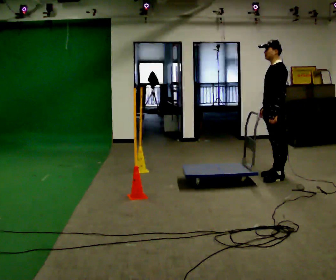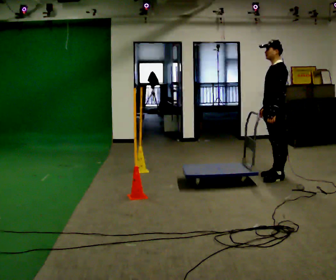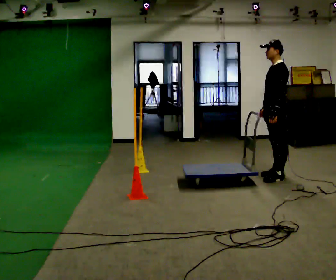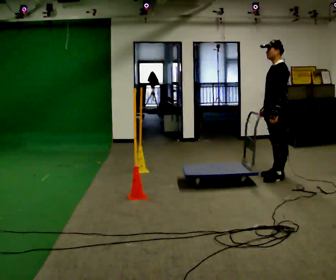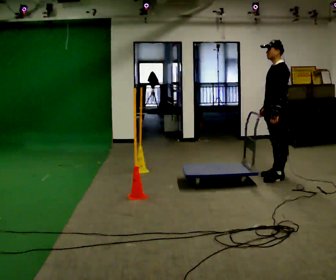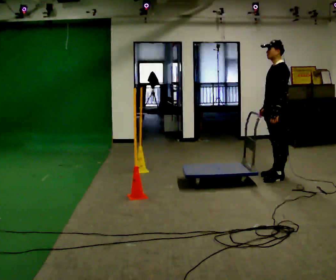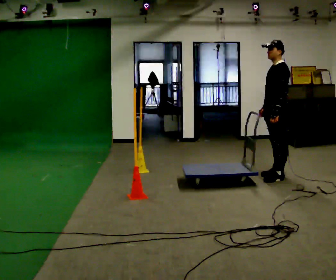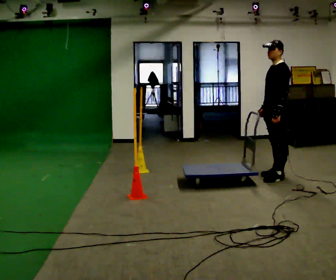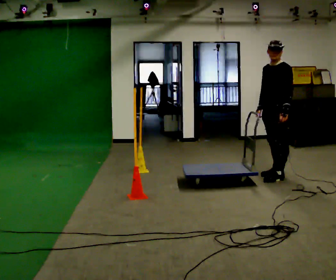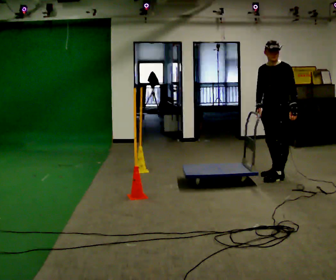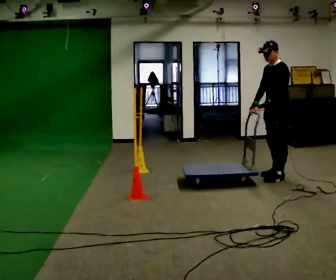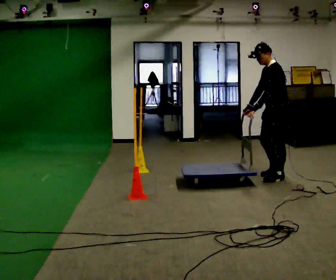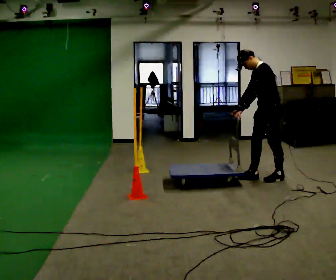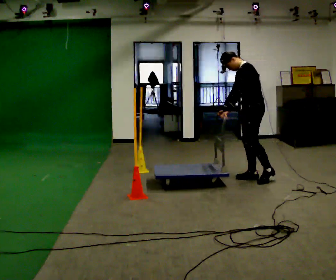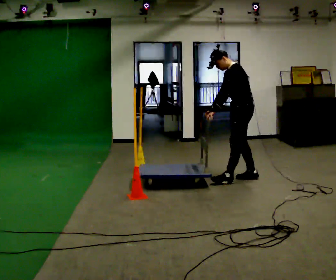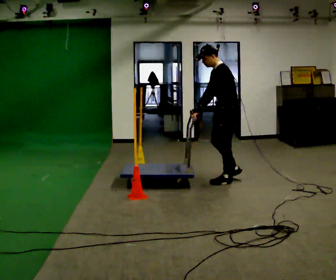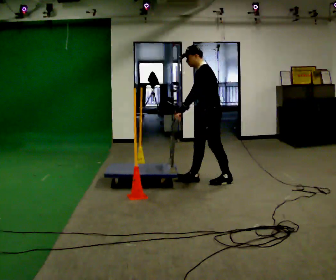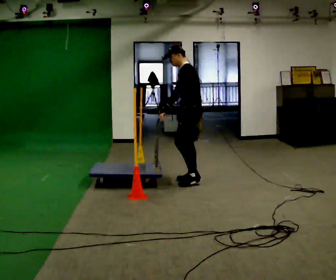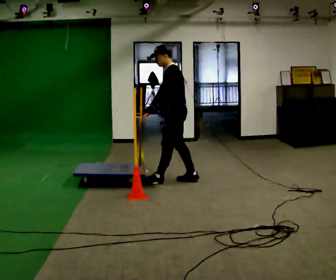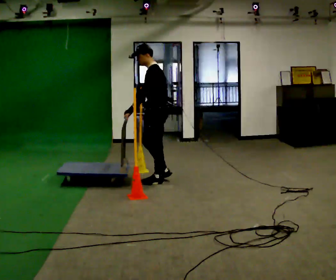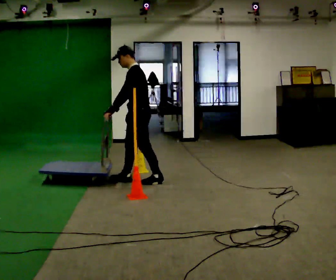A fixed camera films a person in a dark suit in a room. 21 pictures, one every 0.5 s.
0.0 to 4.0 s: The part of the body nearest the lens slides to the right as the person turns to their left by about 30 degrees.
4.0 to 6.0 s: In the picture the upper body tilts counterclockwise, shoulders to the left, as they bend forward. In the picture their left hand goes to the left.
6.0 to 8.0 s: In the picture they go to the left, about 0.5 m in 2 steps, which for them is forward.
8.0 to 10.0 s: In the picture they go to the left, about 1 m in 2 steps, which for them is forward.
The film runs forward here.
